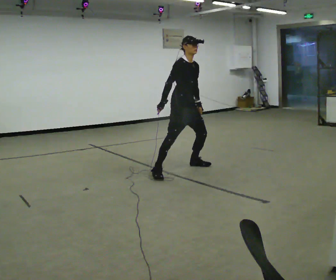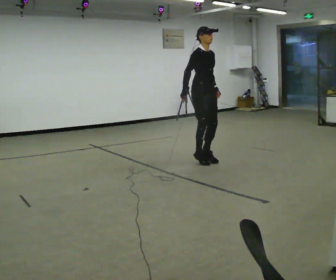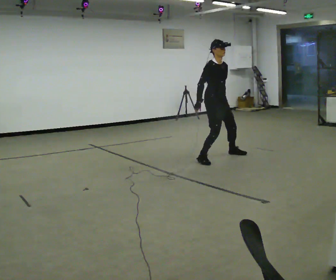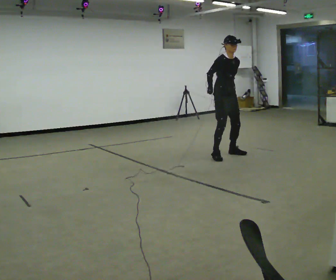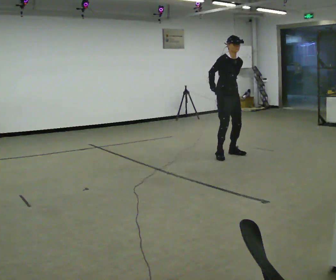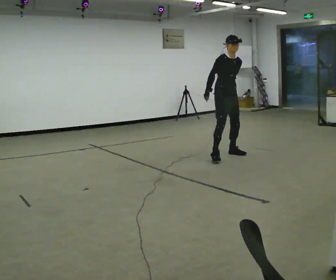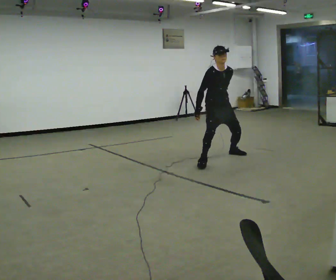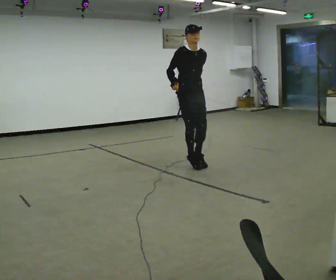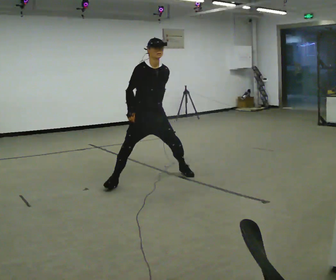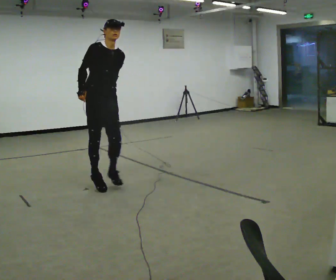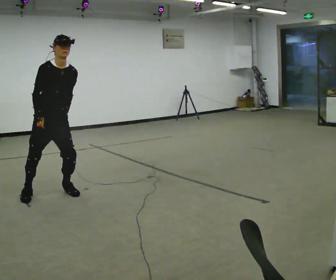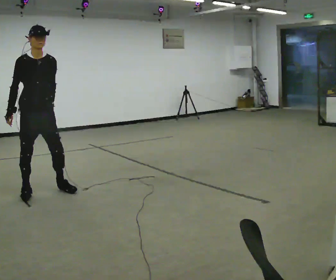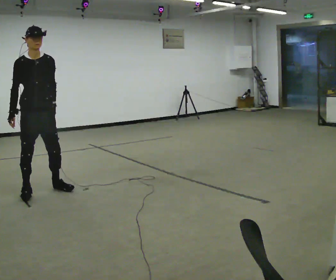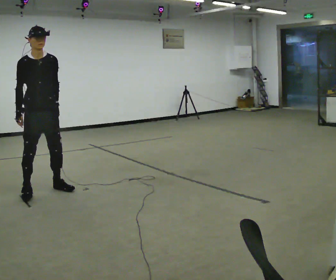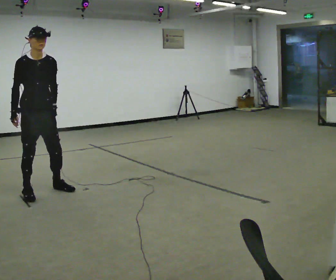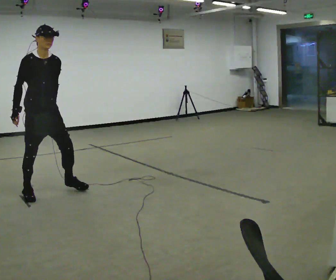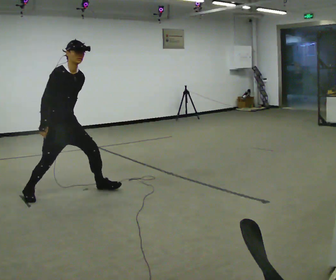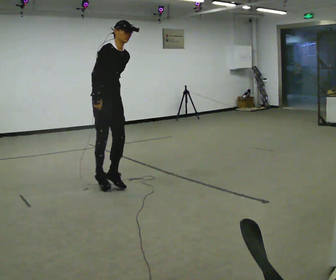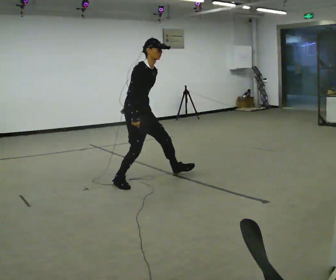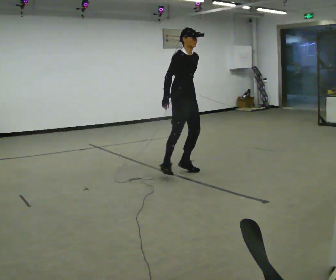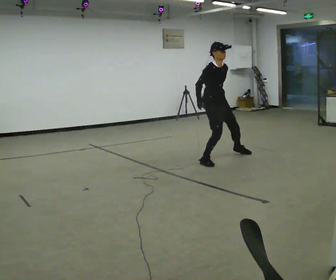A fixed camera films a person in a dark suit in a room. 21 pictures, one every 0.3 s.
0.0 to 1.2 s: In the picture they go to the right and away from the camera, about 1 m in 3 steps, which for them is to their left.
1.2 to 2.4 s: In the picture they go to the left and toward the camera, about 1.5 m in 1 step, which for them is to their right and forward.
2.4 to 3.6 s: In the picture they go to the left, about 1 m in 3 steps, which for them is to their right.
3.6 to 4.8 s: In the picture they go to the right, about 0.25 m in 1 step, which for them is to their left. In the picture the upper body tilts clockwise, shoulders to the right, as they bend forward.
4.8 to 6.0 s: In the picture they go to the right and away from the camera, about 2 m in 3 steps, which for them is to their left. In the picture the upper body tilts counterclockwise, shoulders to the left.
The film runs forward here.
